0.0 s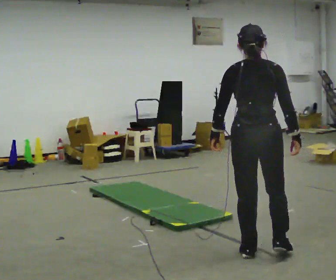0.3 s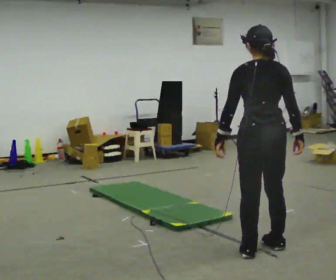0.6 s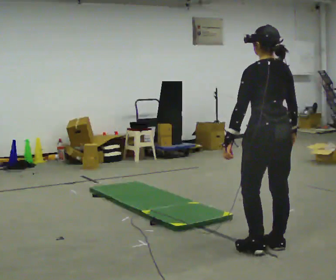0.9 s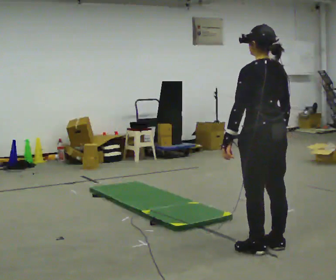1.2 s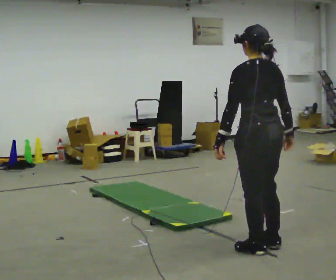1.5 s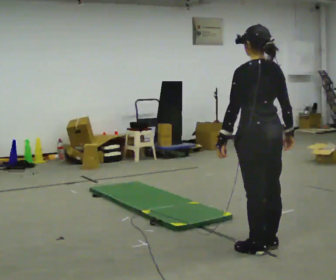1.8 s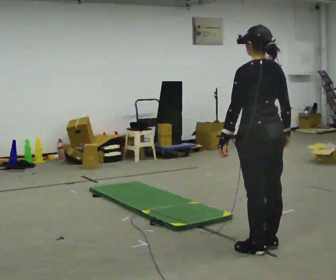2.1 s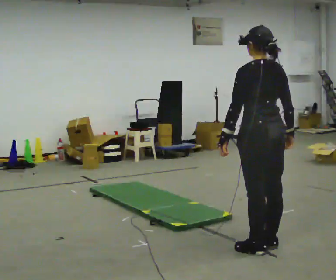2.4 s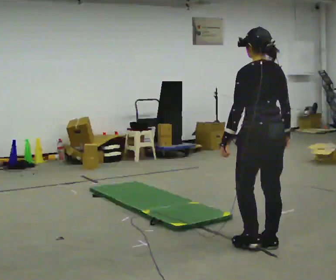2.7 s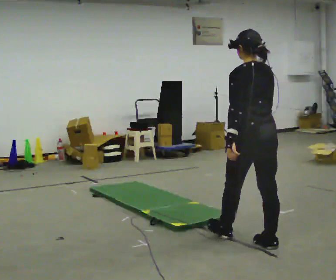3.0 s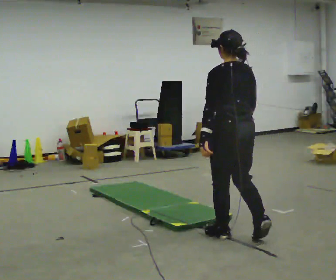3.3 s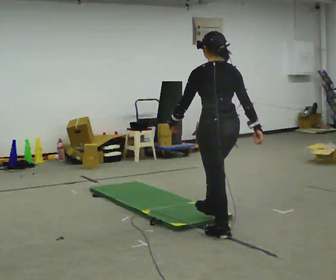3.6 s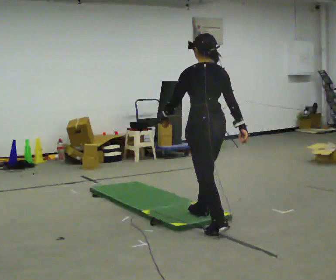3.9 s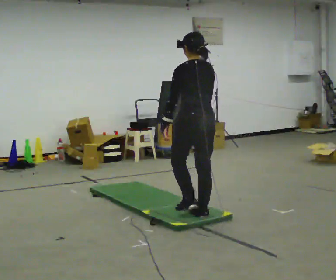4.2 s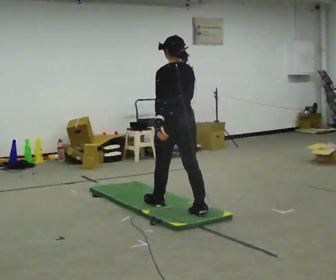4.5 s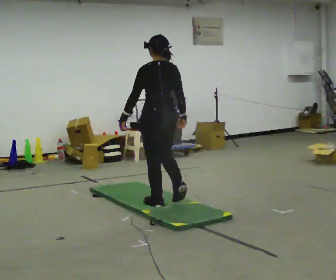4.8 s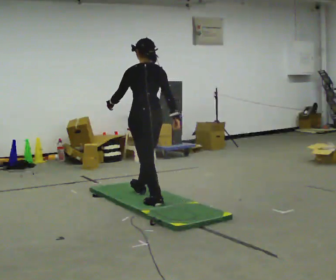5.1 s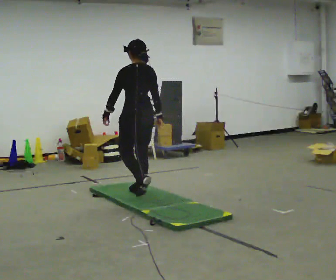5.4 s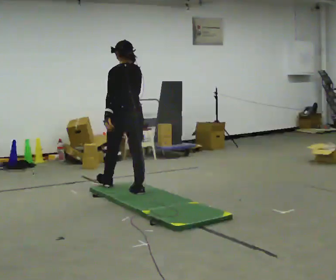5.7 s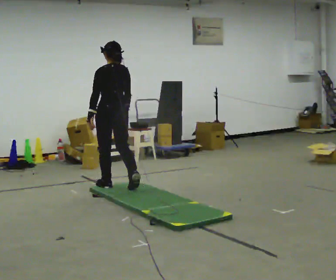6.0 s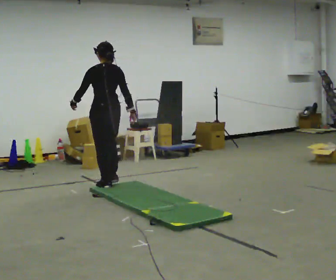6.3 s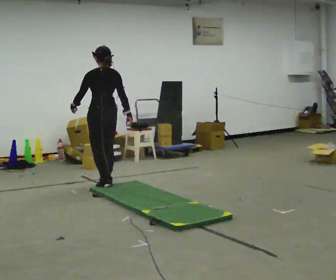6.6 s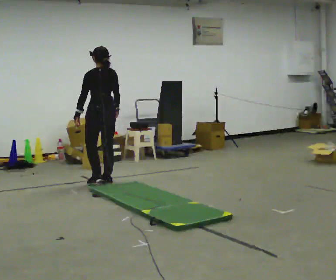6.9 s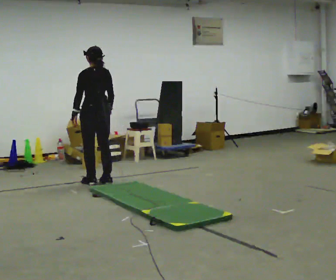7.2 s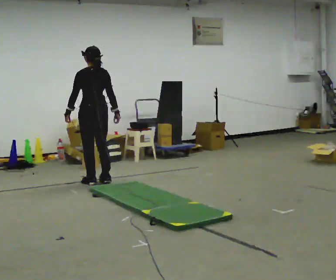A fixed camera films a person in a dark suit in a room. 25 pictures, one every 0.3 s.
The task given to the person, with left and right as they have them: Walk across the soft uneven mat at a comfortable speed; continue walking normally after you leave it.
0.0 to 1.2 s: The part of the body nearest the lens slides to the right as the person turns to their left by about 45 degrees.
1.2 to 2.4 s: The person moves a little, or ends about where they began.
2.4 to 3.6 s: In the picture they go away from the camera and to the left, about 0.75 m in 2 steps, which for them is forward.
3.6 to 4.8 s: In the picture they go away from the camera and to the left, about 1 m in 2 steps, which for them is forward.
4.8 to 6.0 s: In the picture they go away from the camera and to the left, about 1 m in 1 step, which for them is forward.
6.0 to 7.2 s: In the picture they go away from the camera and to the left, about 0.25 m in 2 steps, which for them is forward.
The film runs forward here.
